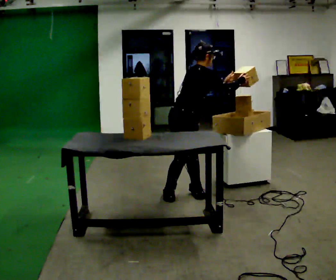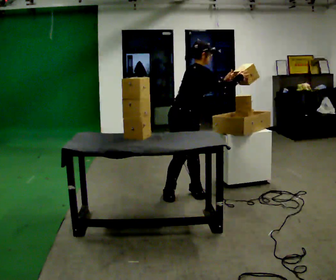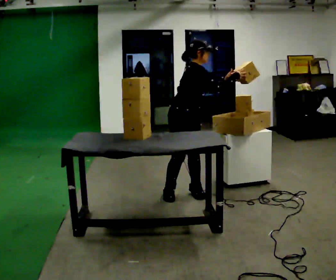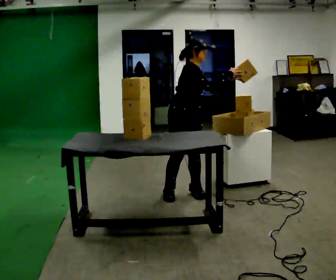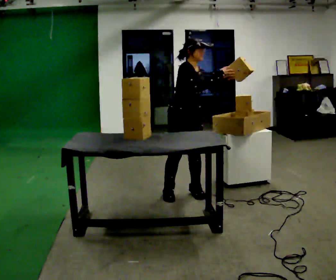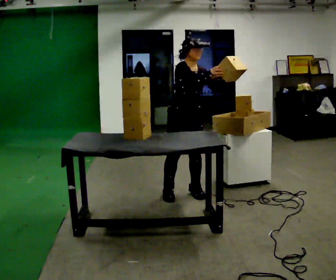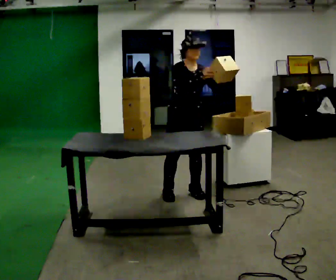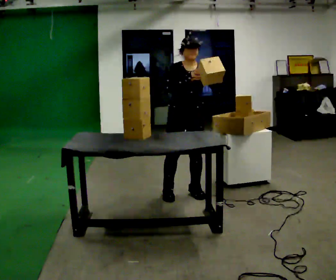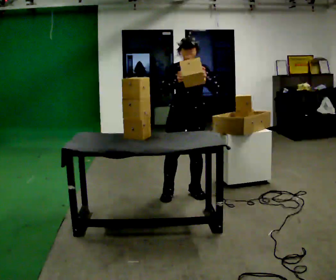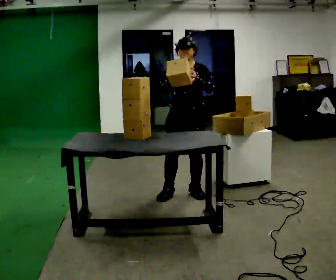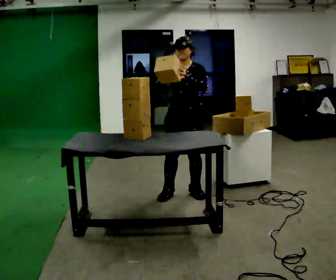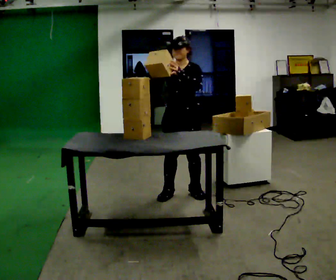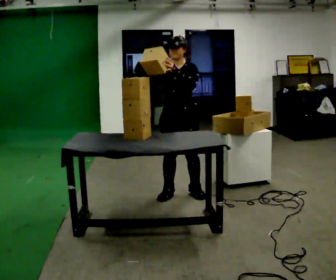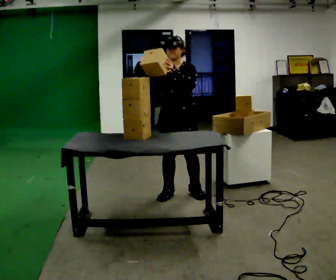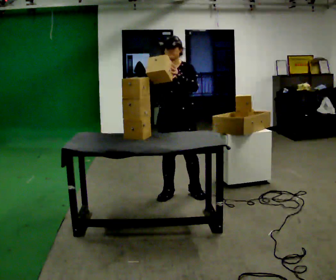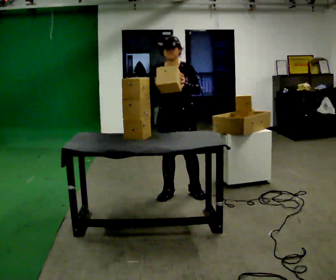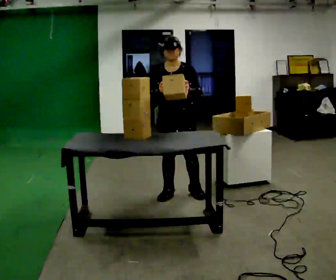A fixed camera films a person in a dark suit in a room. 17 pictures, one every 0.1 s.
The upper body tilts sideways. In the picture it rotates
counterclockwise.
0.0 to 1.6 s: The part of the body nearest the lens slides to the left as the person turns to their right by about 90 degrees. In the picture the upper body tilts counterclockwise, shoulders to the left. In the picture their right hand goes to the left.
The film runs forward here.
